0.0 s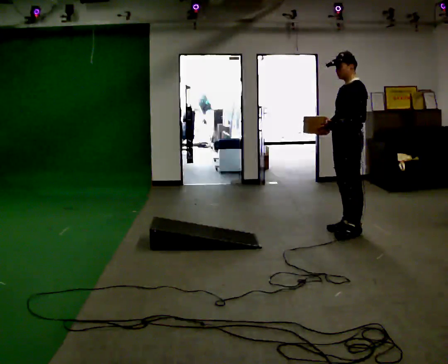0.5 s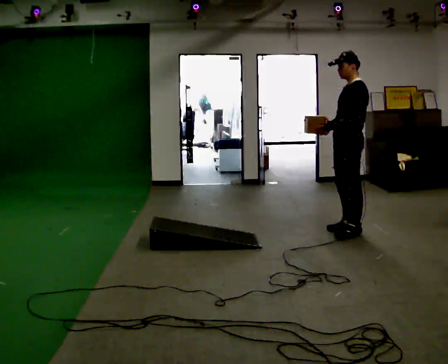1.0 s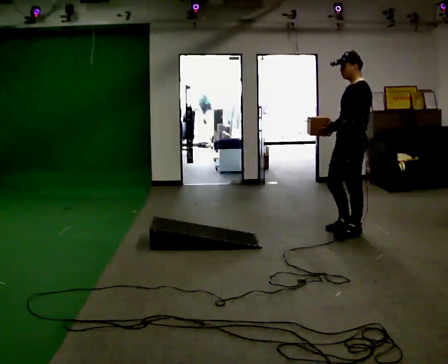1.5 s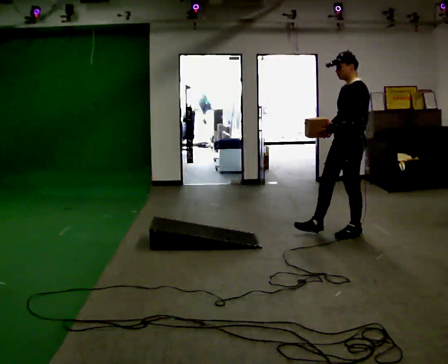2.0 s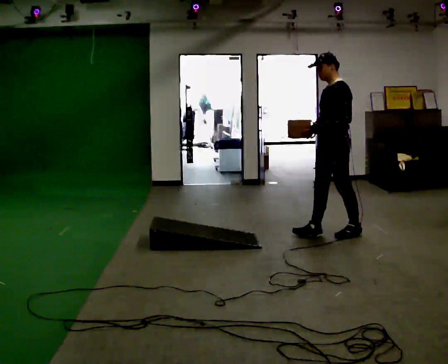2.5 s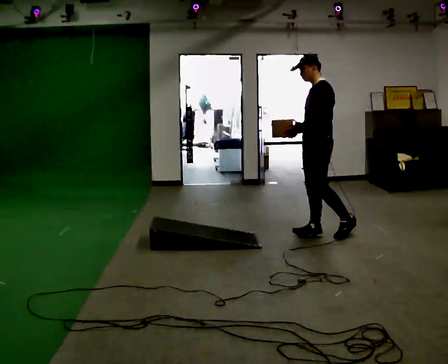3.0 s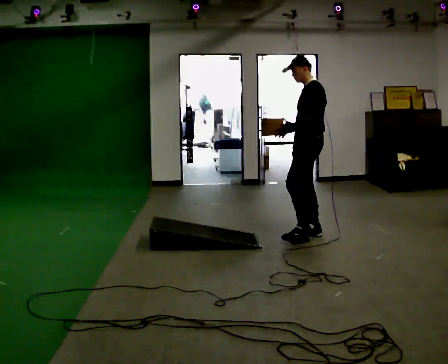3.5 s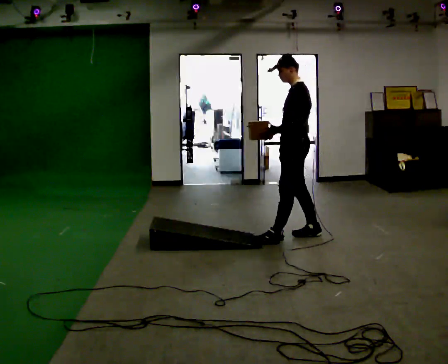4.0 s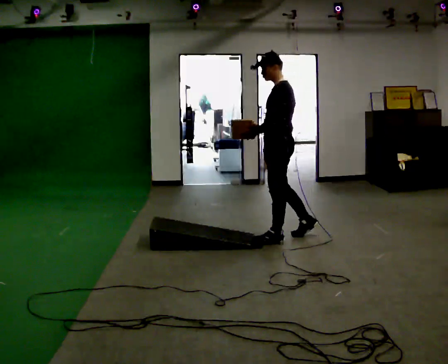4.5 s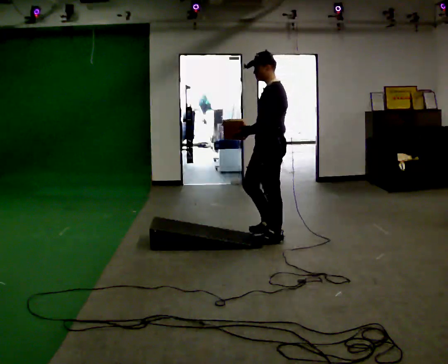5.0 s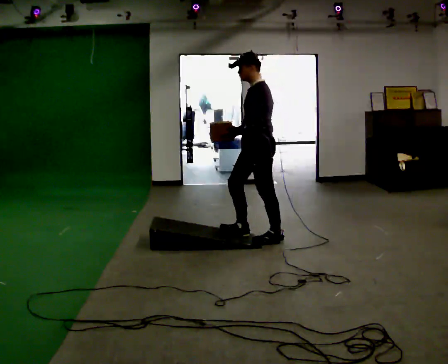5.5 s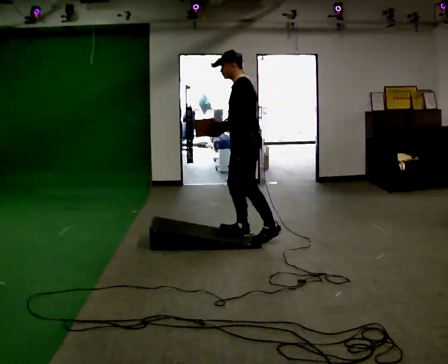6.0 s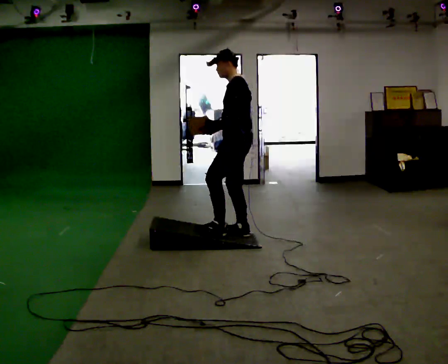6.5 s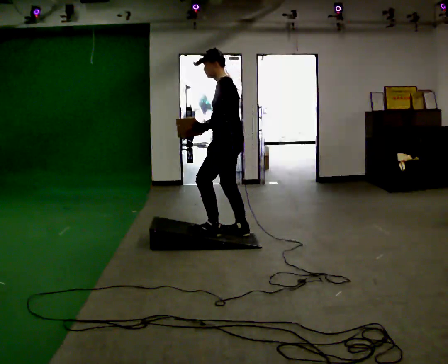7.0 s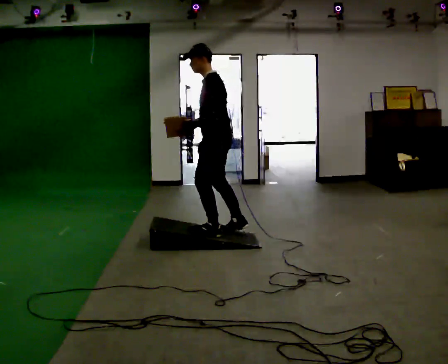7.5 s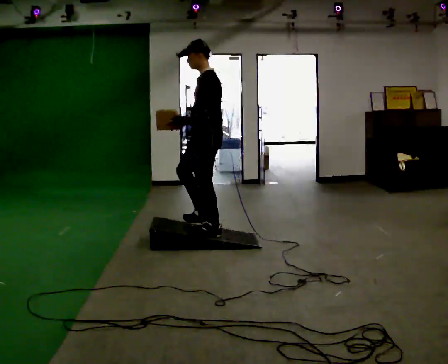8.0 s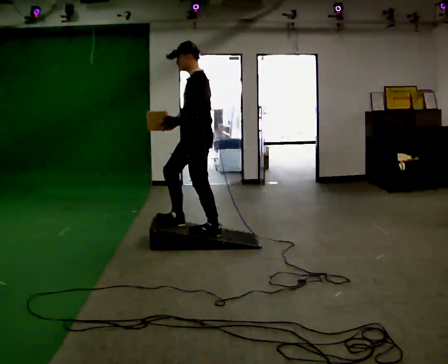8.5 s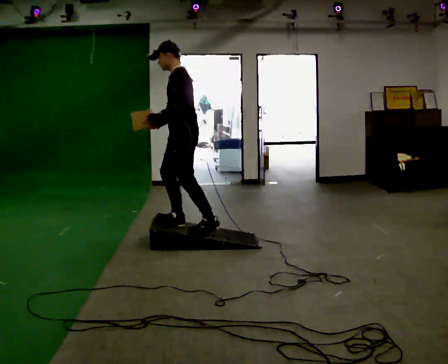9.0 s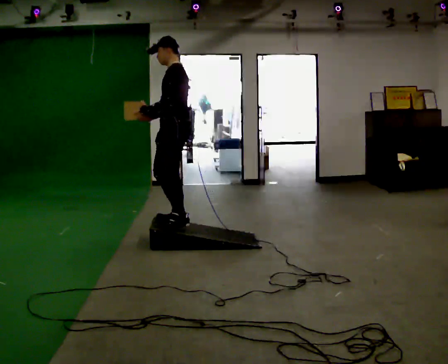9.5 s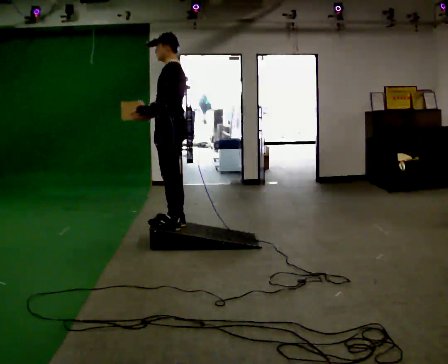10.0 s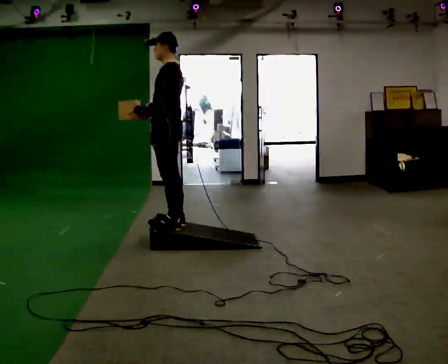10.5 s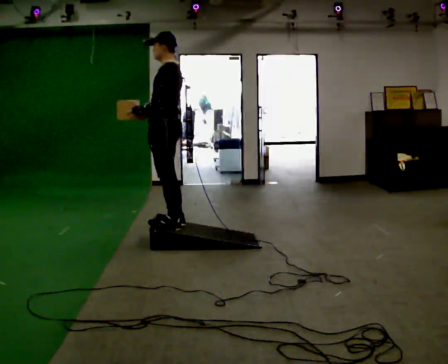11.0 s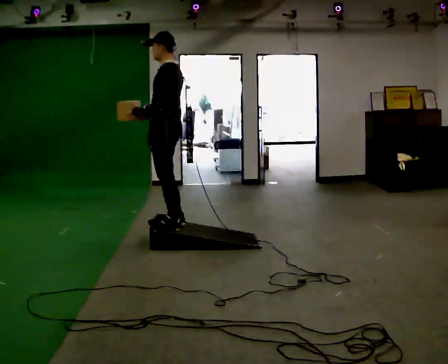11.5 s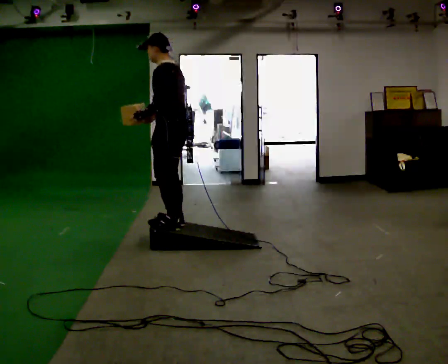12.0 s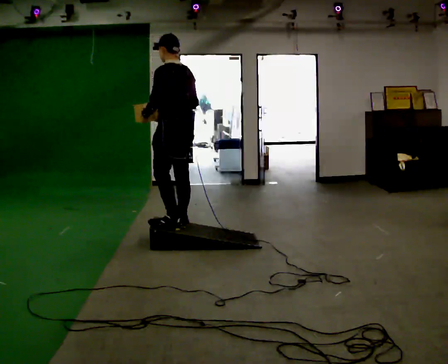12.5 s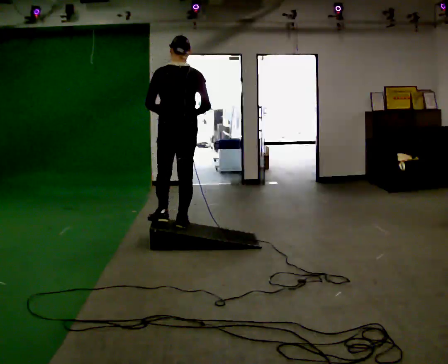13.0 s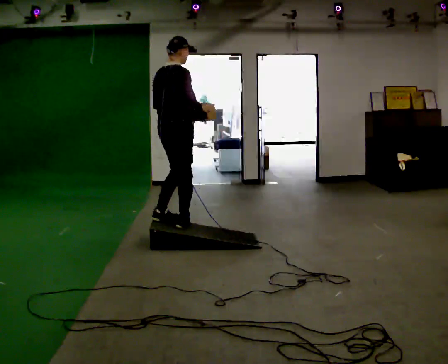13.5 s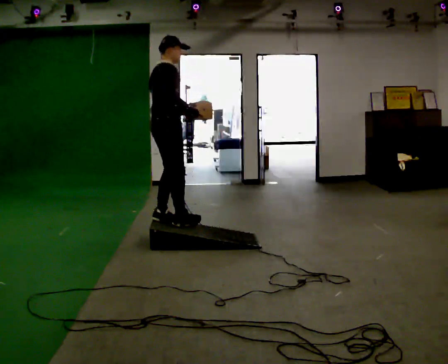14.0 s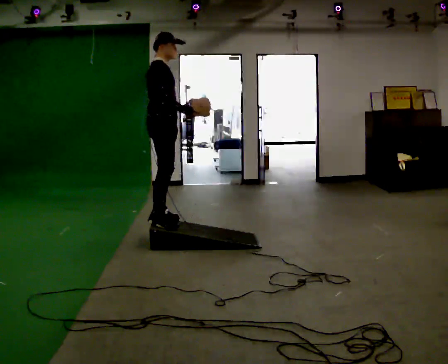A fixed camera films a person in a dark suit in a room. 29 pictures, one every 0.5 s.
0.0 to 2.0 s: In the picture they go to the left, about 0.25 m in 1 step, which for them is forward.
2.0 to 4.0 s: In the picture they go to the left, about 0.5 m in 1 step, which for them is forward.
4.0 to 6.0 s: In the picture they go to the left, about 0.5 m in 1 step, which for them is forward.
6.0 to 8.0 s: In the picture they go to the left, about 0.5 m in 2 steps, which for them is forward and to their left.
8.0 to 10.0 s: In the picture they go to the left, about 0.25 m in 1 step, which for them is forward.
10.0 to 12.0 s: The part of the body nearest the lens slides to the left as the person turns to their right by about 30 degrees.
12.0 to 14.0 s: The part of the body nearest the lens slides to the left as the person turns to their right by about 135 degrees. In the picture they go to the left, about 0.25 m in 2 steps. In the picture their left hand goes to the right, the arm swinging counterclockwise.
The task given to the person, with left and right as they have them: Carry the box up the ramp, turn at the top, and carry it back down. Keep going until the operator says stop; one object at a time, and do not rush between trips.
The film runs forward here.
